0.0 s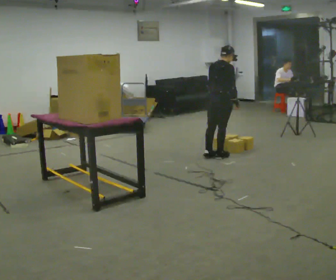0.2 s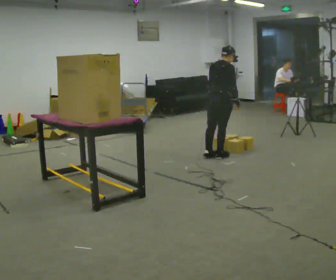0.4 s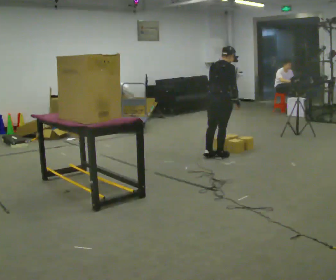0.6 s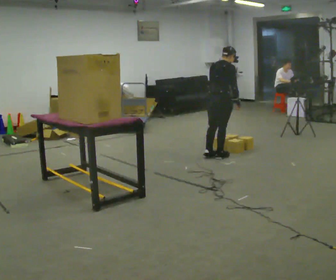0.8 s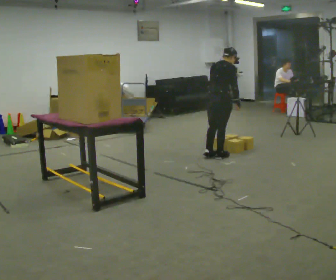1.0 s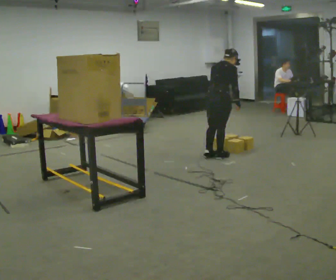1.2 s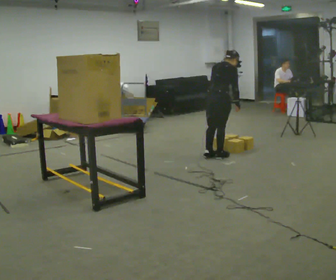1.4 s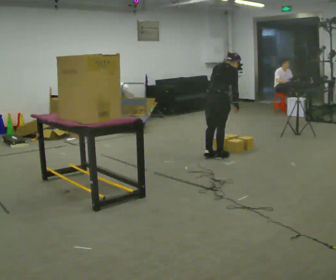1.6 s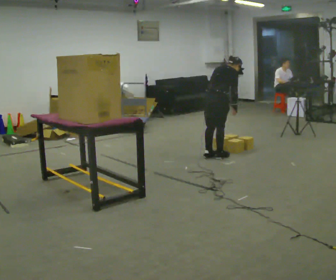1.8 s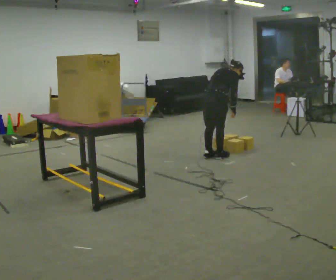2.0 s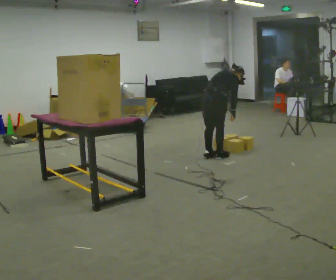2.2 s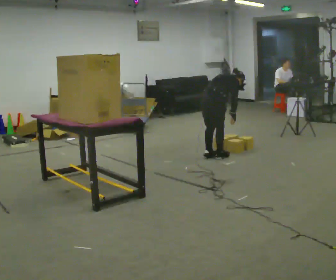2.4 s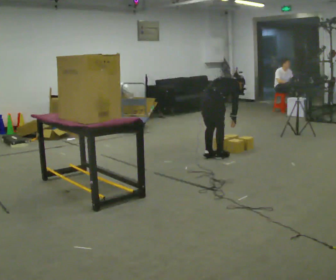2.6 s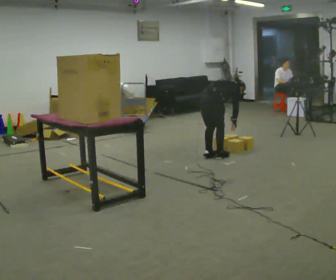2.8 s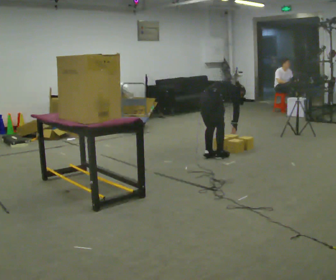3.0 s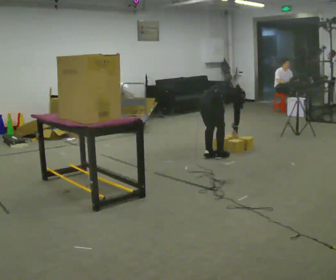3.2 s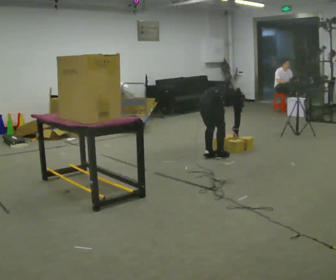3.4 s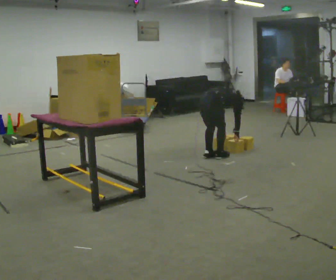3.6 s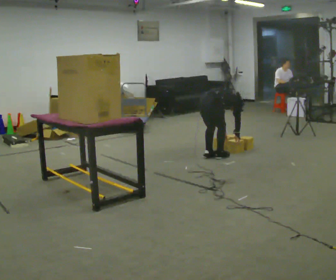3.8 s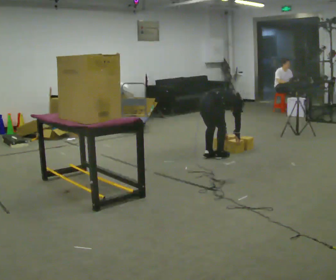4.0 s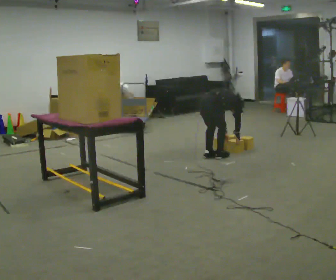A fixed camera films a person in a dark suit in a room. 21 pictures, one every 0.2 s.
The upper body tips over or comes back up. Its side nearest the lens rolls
upward.
Their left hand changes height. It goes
downward.
0.0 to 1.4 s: The upper body tips away from the camera, its near side rolling upward, as they bend forward.
1.4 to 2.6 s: The shoulders move downward. The upper body tips away from the camera, its near side rolling upward, as they bend forward.
2.6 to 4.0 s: The shoulders move downward. The upper body tips away from the camera, its near side rolling upward, as they bend forward.
The film runs forward here.
